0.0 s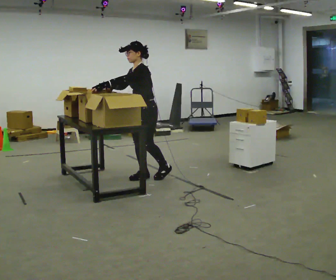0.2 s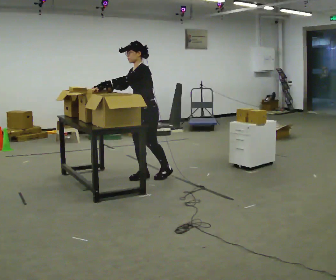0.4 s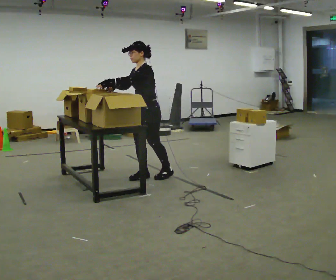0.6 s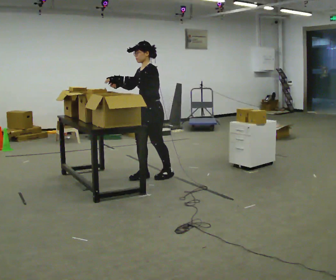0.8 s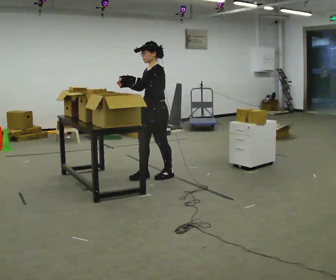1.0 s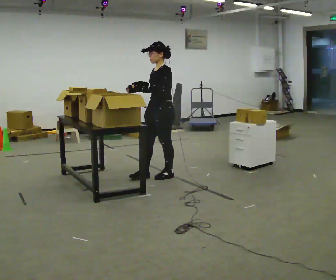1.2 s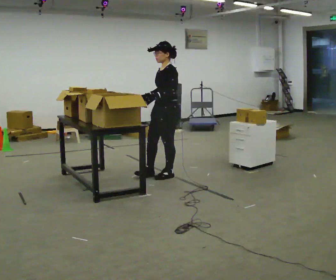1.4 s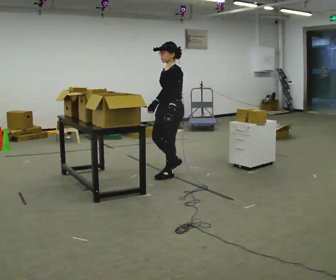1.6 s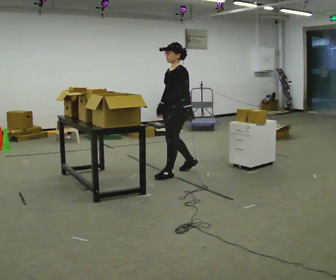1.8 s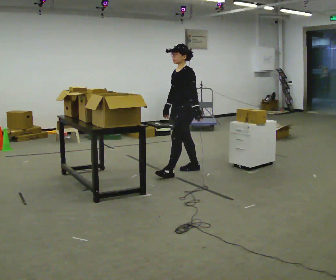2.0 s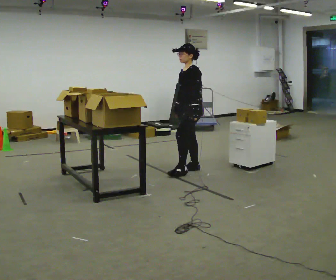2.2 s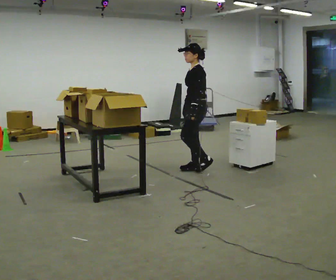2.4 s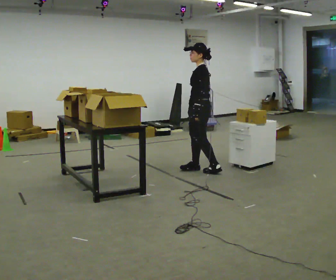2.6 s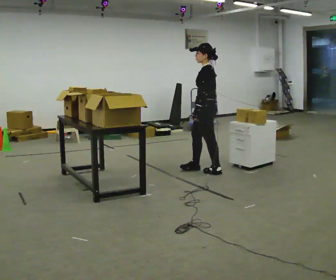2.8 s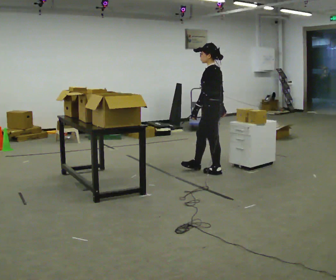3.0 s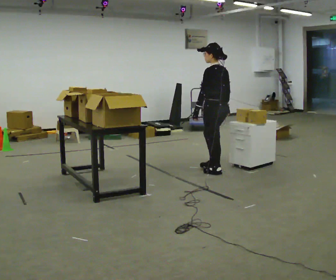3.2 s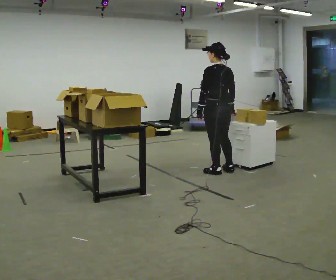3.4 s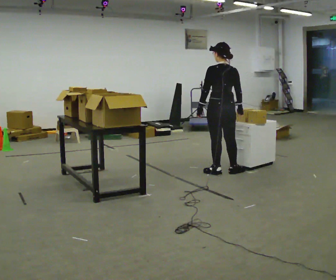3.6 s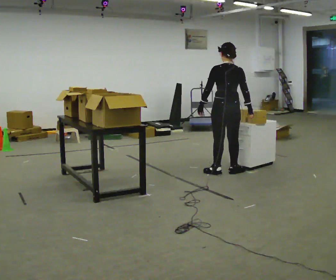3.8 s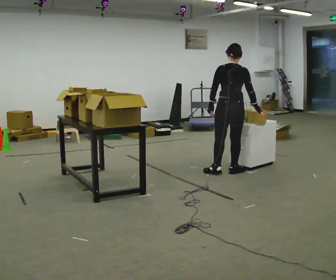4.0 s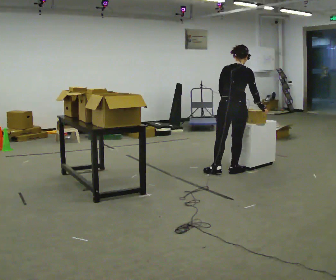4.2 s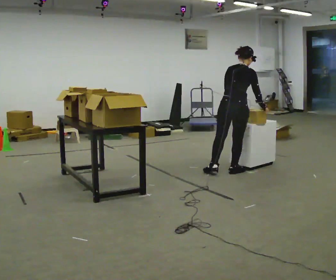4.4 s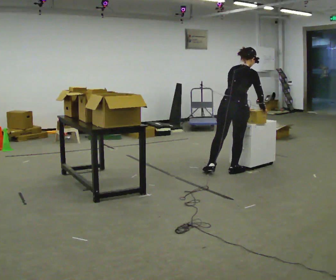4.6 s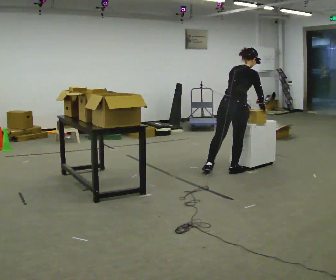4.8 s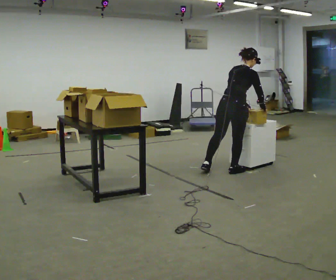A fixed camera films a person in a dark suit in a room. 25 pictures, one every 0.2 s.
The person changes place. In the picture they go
to the right.
The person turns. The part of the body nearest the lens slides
to the left.
0.0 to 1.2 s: In the picture they go to the right, about 0.25 m in 1 step, which for them is backward.
1.2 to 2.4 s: The person turns about 30 degrees to their right, clockwise seen from above, so the part of the body nearest the lens slides to the left. In the picture they go to the right and away from the camera, about 0.5 m in 1 step, which for them is backward.
2.4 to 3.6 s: Seen from above the body turns clockwise, about 90 degrees: to their right, with its near side sliding to the left. In the picture they go to the right, about 0.25 m in 1 step.
3.6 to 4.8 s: The person turns about 45 degrees to their right, clockwise seen from above, so the part of the body nearest the lens slides to the left. In the picture the upper body tilts clockwise, shoulders to the right, as they bend forward. In the picture their left hand goes to the right.
The film runs backward here.
